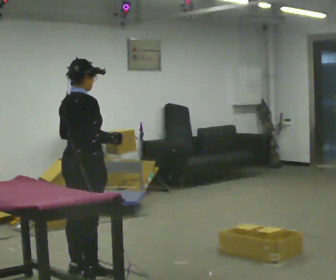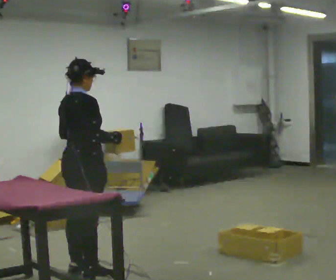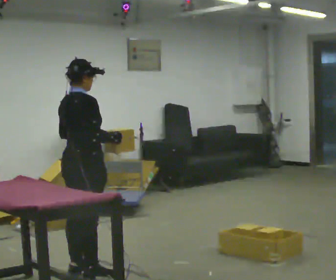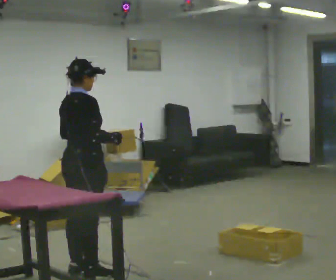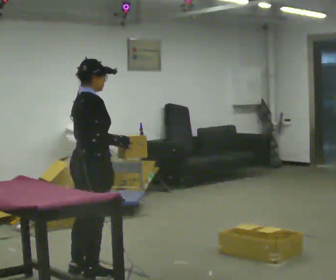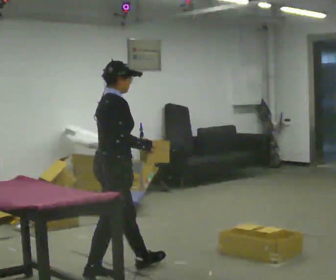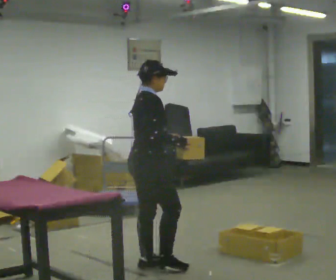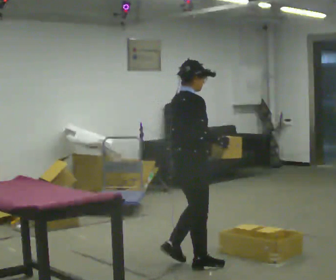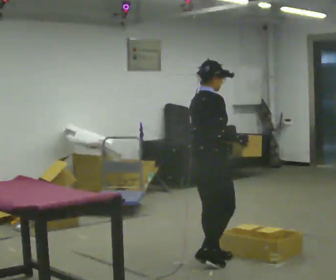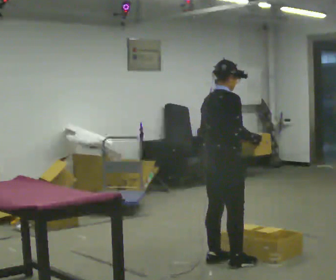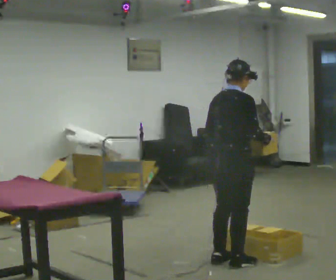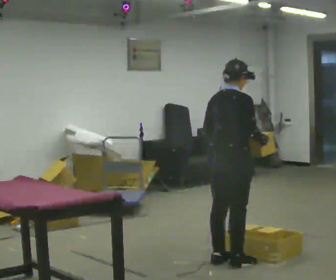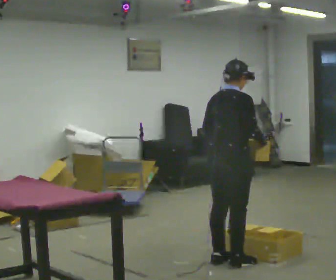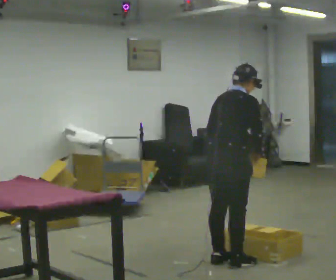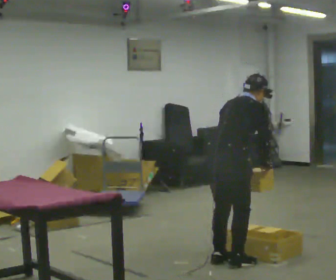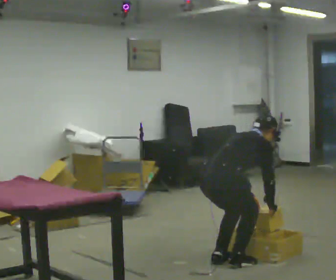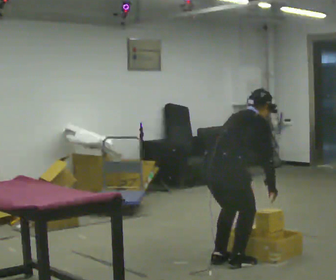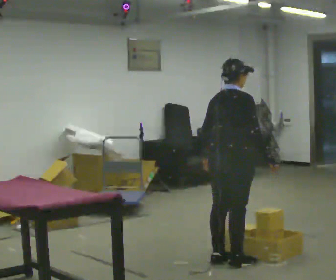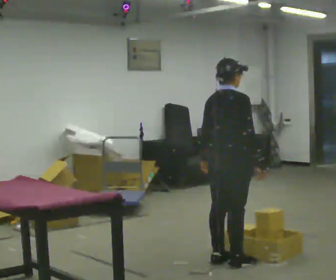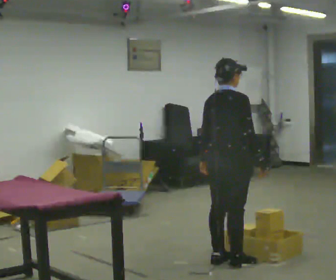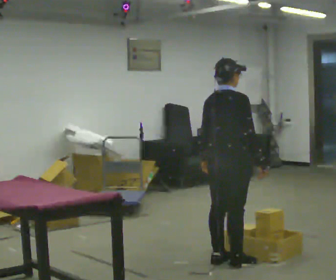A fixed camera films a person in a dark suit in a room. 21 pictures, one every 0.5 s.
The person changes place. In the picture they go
to the right.
0.0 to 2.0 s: The person moves a little, or ends about where they began.
2.0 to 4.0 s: In the picture they go to the right, about 1 m in 3 steps, which for them is forward.
4.0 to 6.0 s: The person moves a little, or ends about where they began.
6.0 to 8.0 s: In the picture their right hand goes downward.
8.0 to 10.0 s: The shoulders move upward. In the picture the upper body tilts counterclockwise, shoulders to the left, as they lean back or straighten.
The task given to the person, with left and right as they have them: Carry the object across the room and place it on the lowest shelf, crouching down to do it. Keep going until the operator says stop; one object at a time, and do not rush between trips.
The film runs forward here.
